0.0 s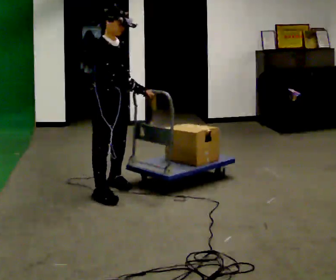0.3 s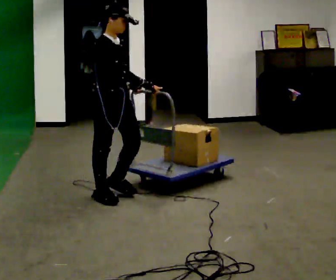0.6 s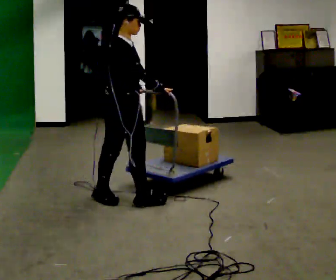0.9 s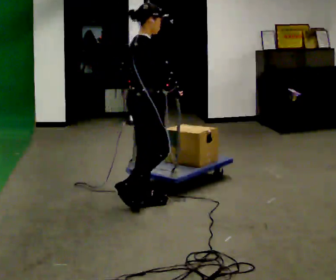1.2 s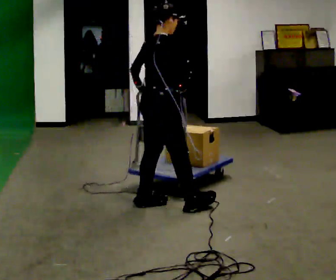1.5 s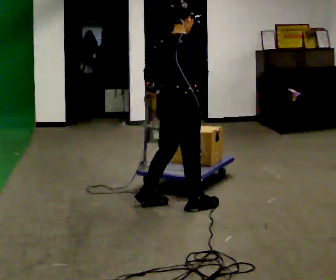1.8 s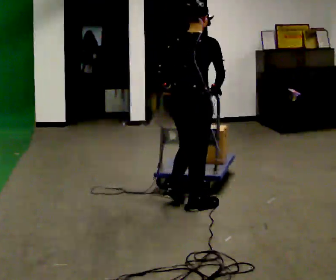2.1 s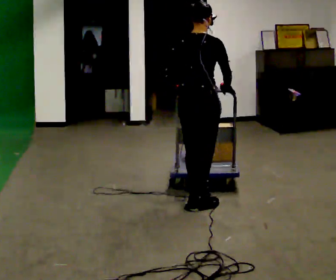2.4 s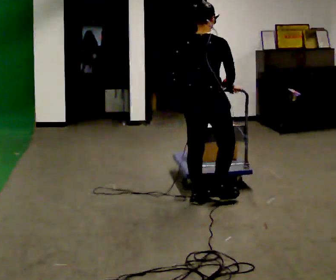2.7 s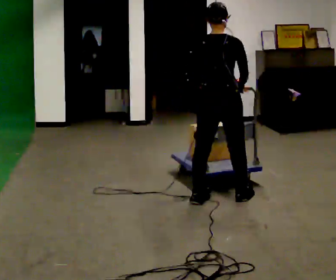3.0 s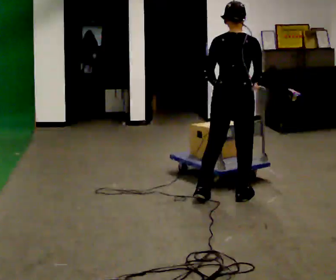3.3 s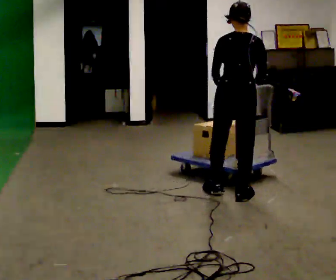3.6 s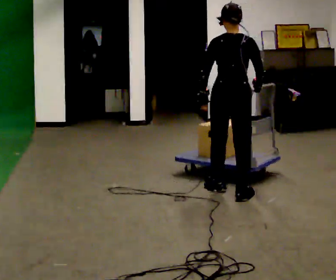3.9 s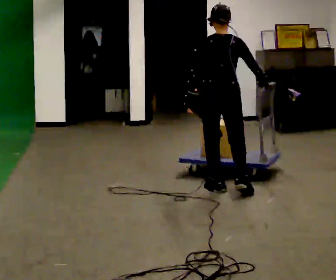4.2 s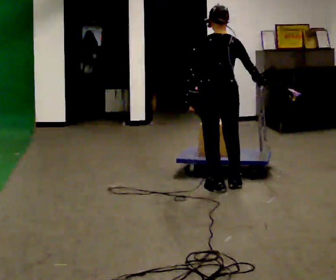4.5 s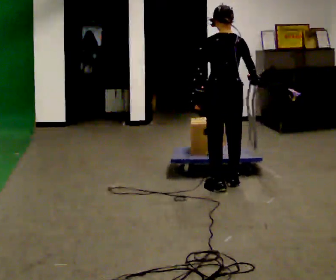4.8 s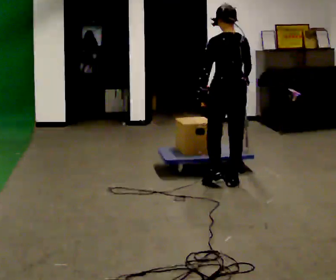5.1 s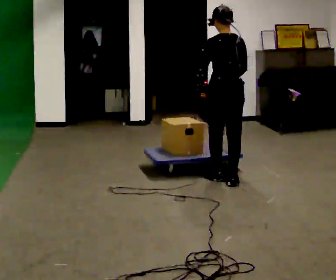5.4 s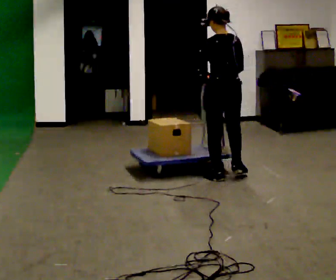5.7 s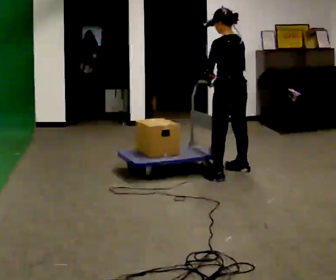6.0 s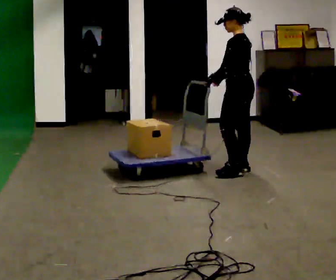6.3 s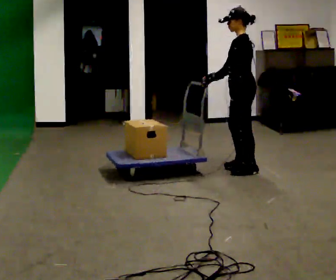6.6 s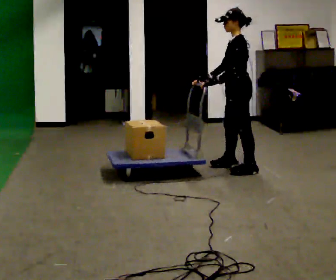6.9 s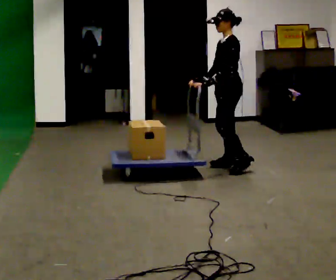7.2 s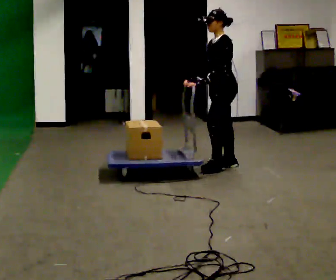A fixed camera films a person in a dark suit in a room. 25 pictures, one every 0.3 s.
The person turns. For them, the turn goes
to their left.
The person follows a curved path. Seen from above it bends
counterclockwise.
0.0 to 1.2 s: The person turns about 60 degrees to their left, counterclockwise seen from above, so the part of the body nearest the lens slides to the right. In the picture they go to the right and toward the camera, about 0.5 m in 1 step.
1.2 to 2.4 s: The person turns about 30 degrees to their left, counterclockwise seen from above, so the part of the body nearest the lens slides to the right. In the picture they go to the right, about 0.25 m in 2 steps, which for them is forward and to their right.
2.4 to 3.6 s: The person turns about 30 degrees to their left, counterclockwise seen from above, so the part of the body nearest the lens slides to the right. In the picture they go away from the camera and to the right, about 0.25 m in 2 steps, which for them is forward and to their right.
3.6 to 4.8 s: In the picture they go away from the camera, about 0.25 m in 1 step, which for them is forward.
4.8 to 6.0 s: Seen from above the body turns counterclockwise, about 60 degrees: to their left, with its near side sliding to the right. In the picture they go away from the camera, about 0.5 m in 2 steps, which for them is forward and to their right.
6.0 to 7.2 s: The person turns about 45 degrees to their left, counterclockwise seen from above, so the part of the body nearest the lens slides to the right. In the picture they go to the left and away from the camera, about 0.25 m in 2 steps, which for them is to their right and forward.
The film runs forward here.
